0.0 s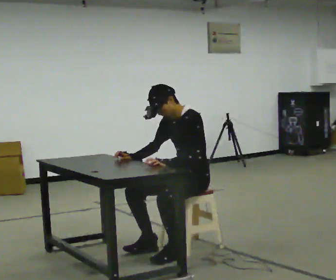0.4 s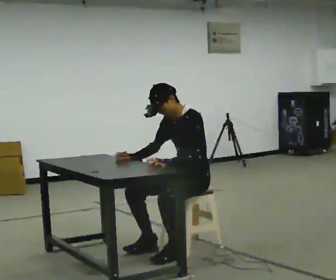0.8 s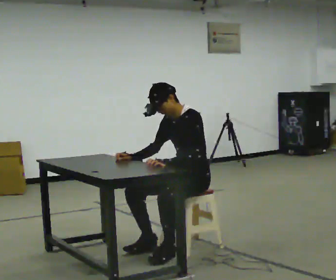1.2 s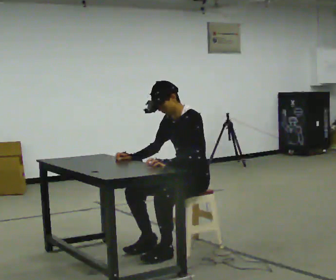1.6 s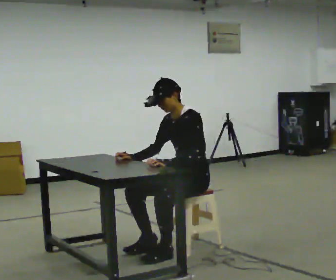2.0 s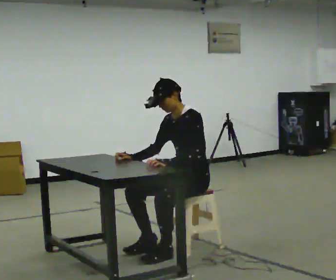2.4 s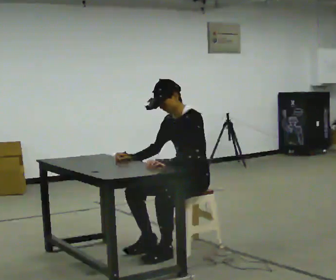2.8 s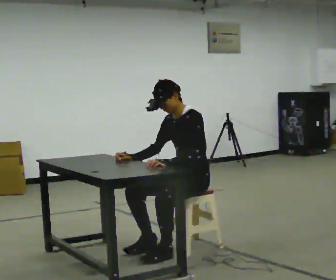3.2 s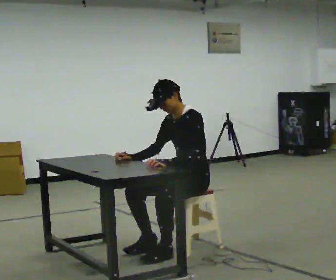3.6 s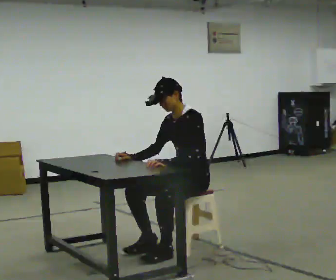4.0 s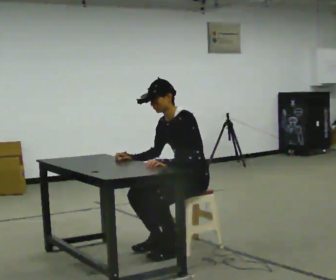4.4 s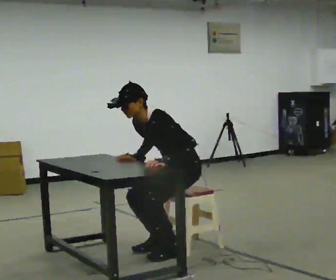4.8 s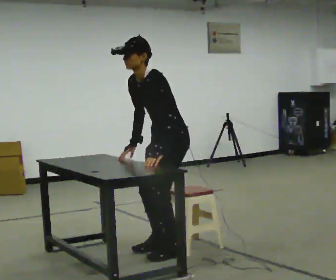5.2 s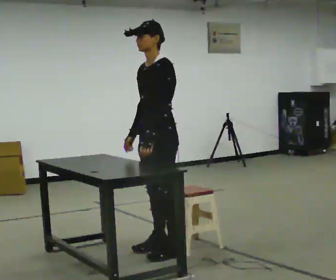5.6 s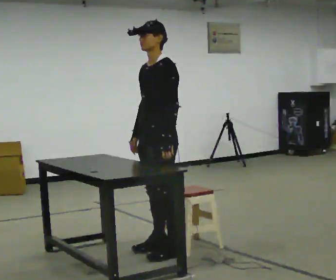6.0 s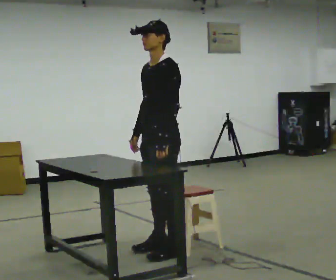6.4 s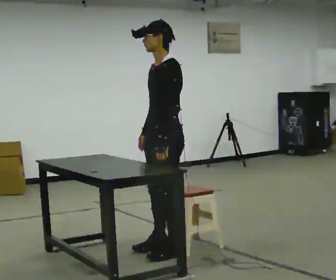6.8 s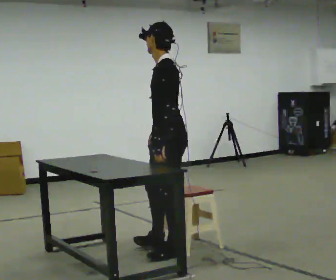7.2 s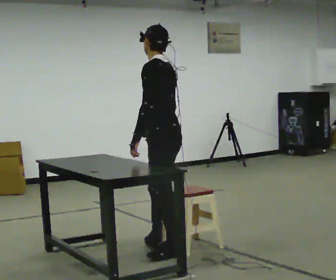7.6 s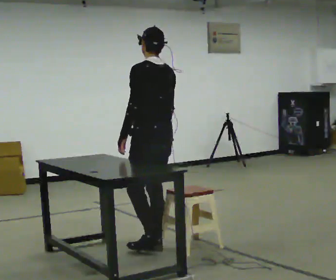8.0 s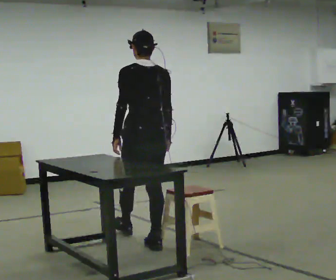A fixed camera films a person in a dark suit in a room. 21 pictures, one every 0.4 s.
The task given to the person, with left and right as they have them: Walk up to the chair at the table, sit down into the space, settle as if you were about to work there, then stand up and step away. Repeat the movement at your own pace until the operator says stop; do not rush.
0.0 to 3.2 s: The person keeps their place and pose.
3.2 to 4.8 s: In the picture they go to the left, about 0.25 m, which for them is forward. The upper body goes upward.
4.8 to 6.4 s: In the picture the upper body tilts clockwise, shoulders to the right, as they lean back or straighten.
6.4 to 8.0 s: Seen from above the body turns clockwise, about 90 degrees: to their right, with its near side sliding to the left. In the picture they go away from the camera and to the left, about 0.25 m.
The film runs forward here.
